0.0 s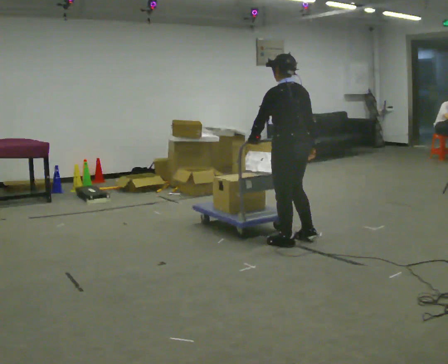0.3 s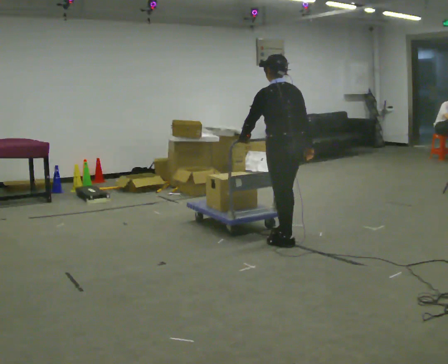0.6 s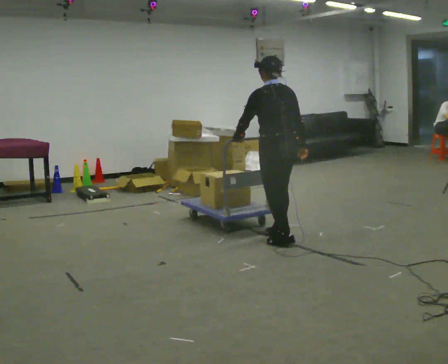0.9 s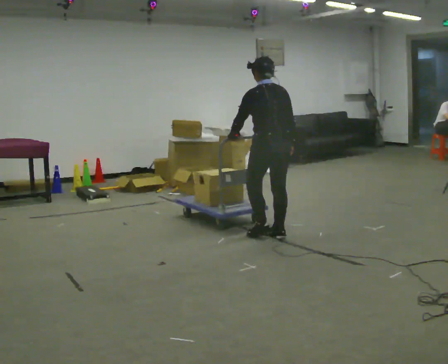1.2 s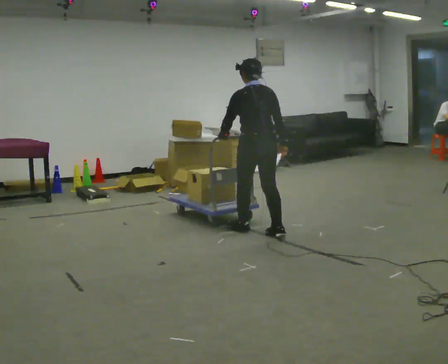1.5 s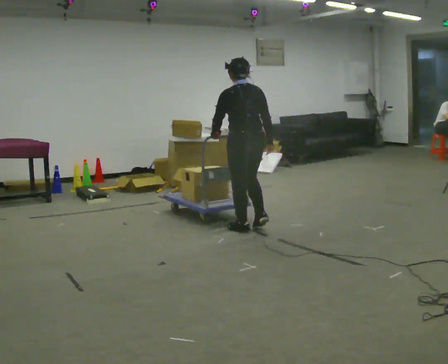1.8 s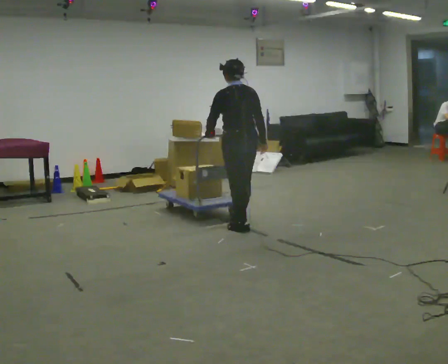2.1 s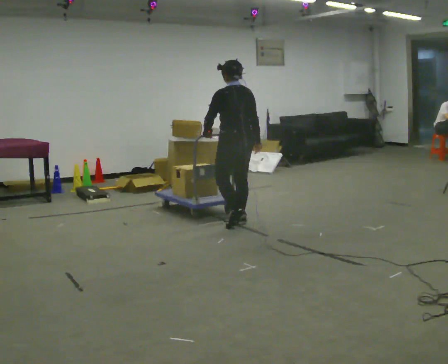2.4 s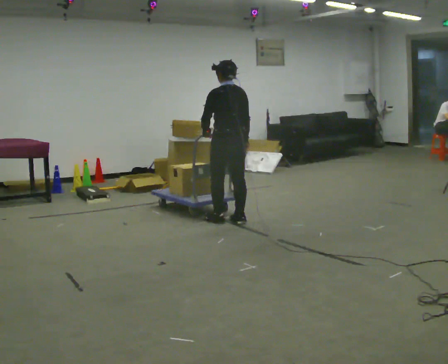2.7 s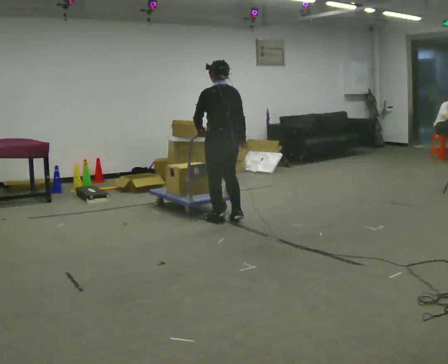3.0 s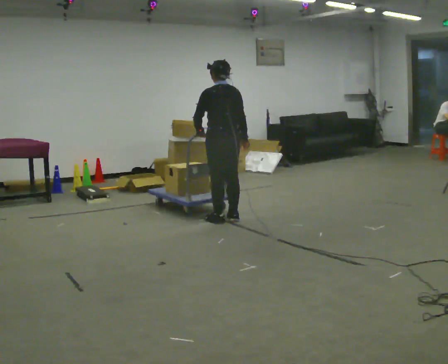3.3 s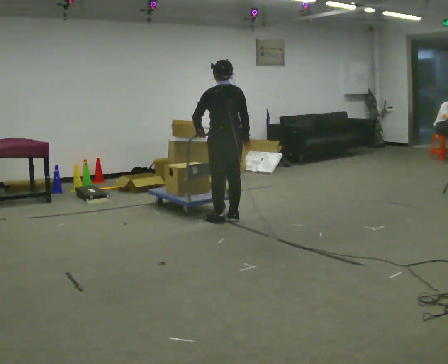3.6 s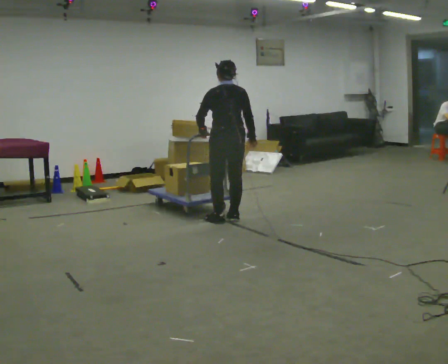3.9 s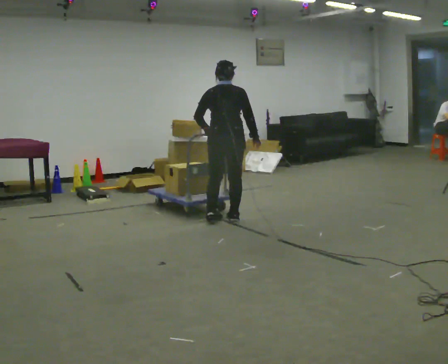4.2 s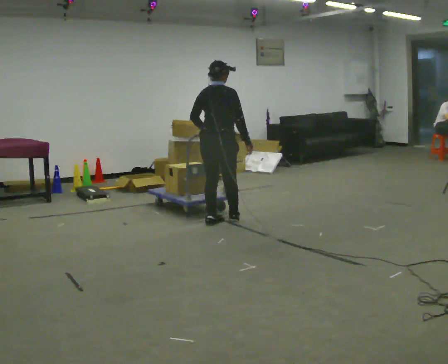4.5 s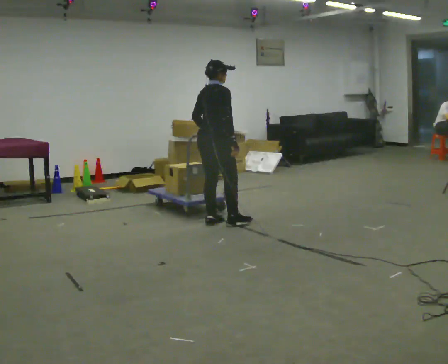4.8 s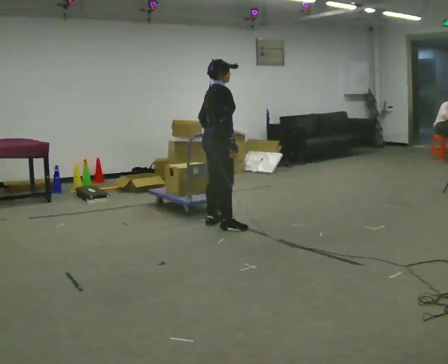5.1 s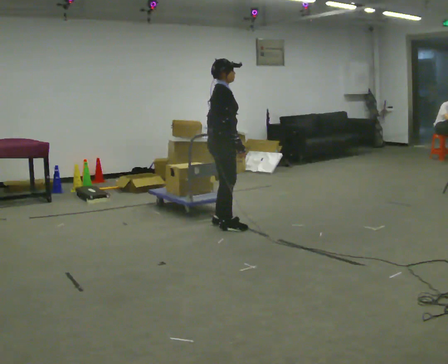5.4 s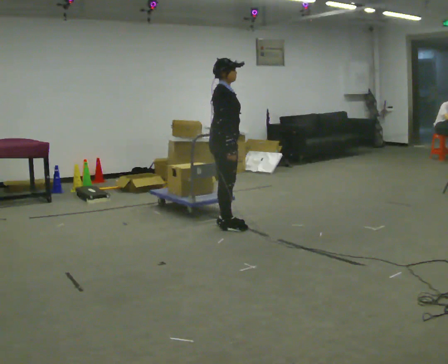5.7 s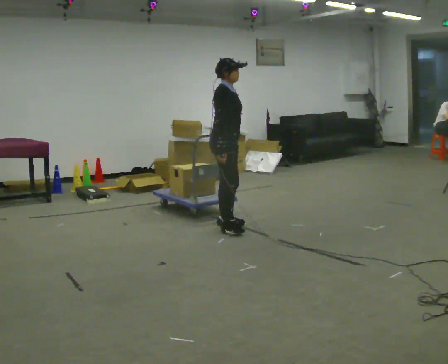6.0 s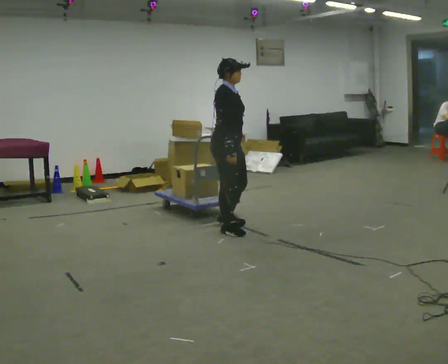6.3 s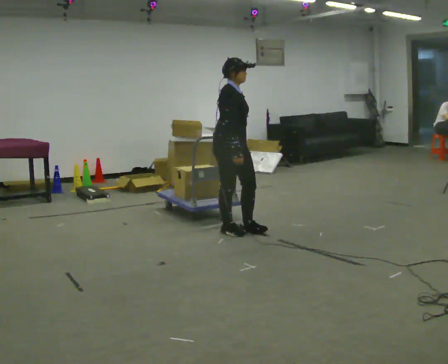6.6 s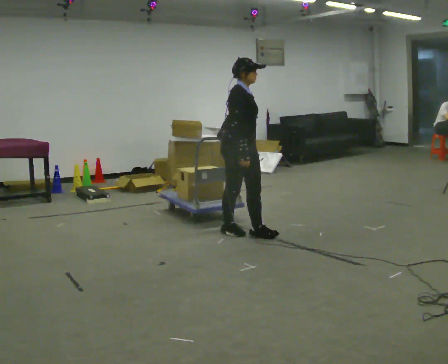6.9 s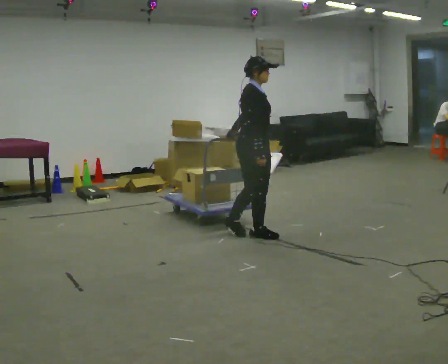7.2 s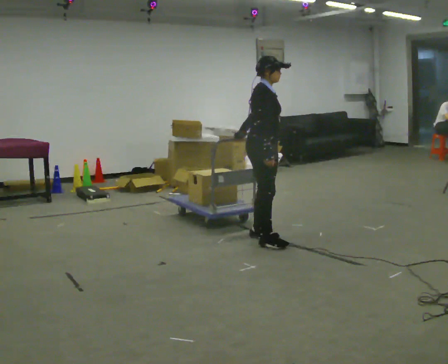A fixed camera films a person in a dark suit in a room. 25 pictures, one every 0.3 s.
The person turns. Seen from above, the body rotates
clockwise.
The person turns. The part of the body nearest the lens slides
to the left.
0.0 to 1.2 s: In the picture they go away from the camera and to the left, about 0.5 m in 2 steps, which for them is forward.
1.2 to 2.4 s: In the picture they go away from the camera and to the left, about 0.5 m in 2 steps, which for them is forward.
2.4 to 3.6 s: The person moves a little, or ends about where they began.
3.6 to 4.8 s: Seen from above the body turns clockwise, about 90 degrees: to their right, with its near side sliding to the left. In the picture they go toward the camera, about 0.25 m in 1 step.
4.8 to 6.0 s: The part of the body nearest the lens slides to the left as the person turns to their right by about 30 degrees. In the picture they go toward the camera, about 0.25 m, which for them is to their right and forward.
6.0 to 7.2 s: In the picture they go to the right and toward the camera, about 0.5 m in 1 step, which for them is forward.
The film runs forward here.
